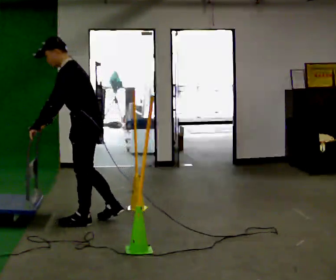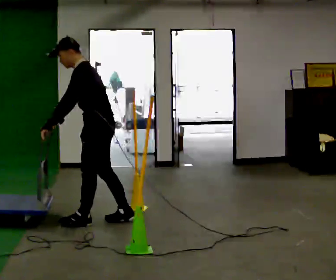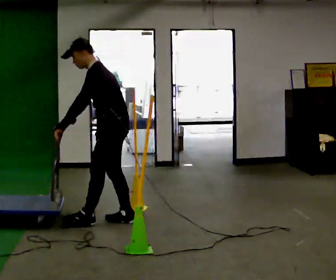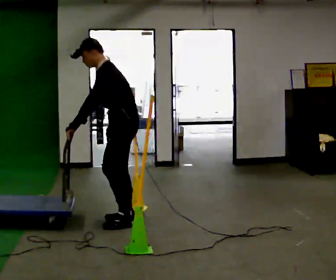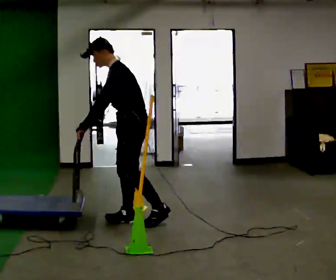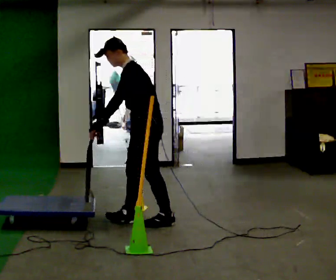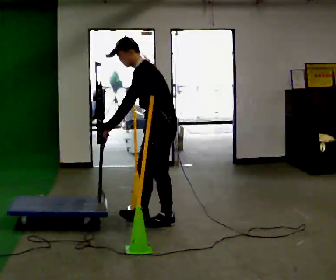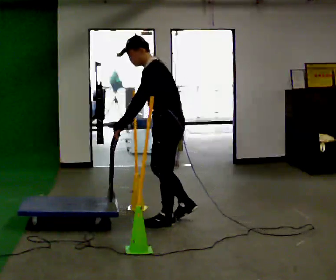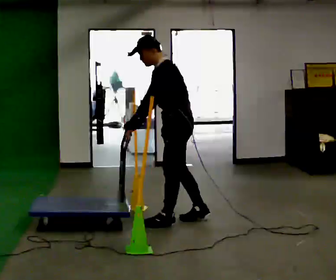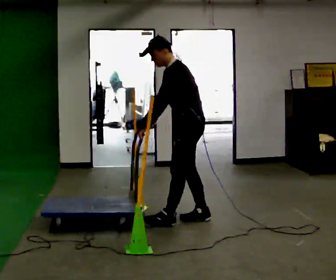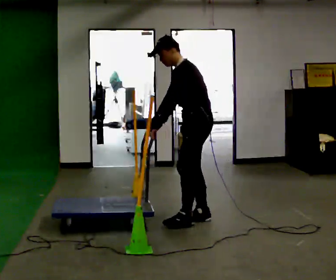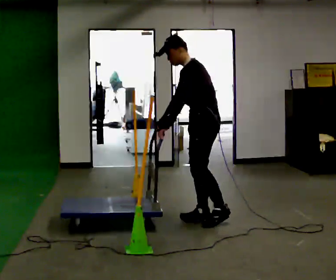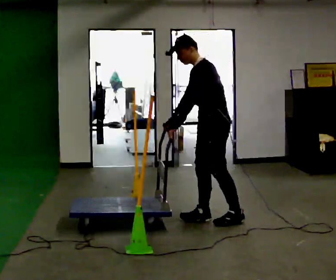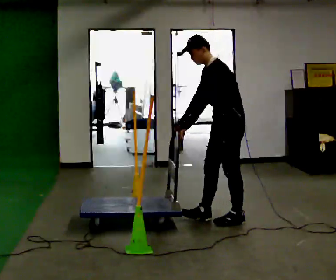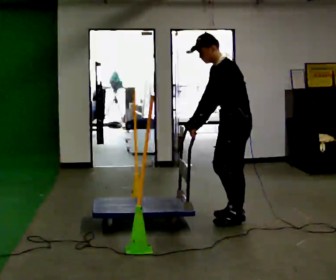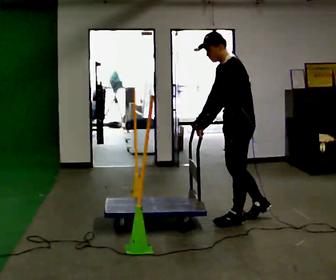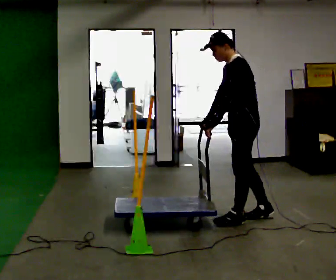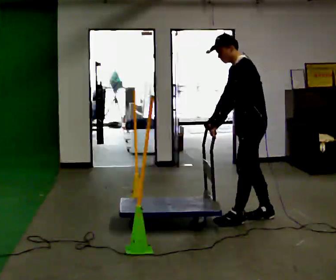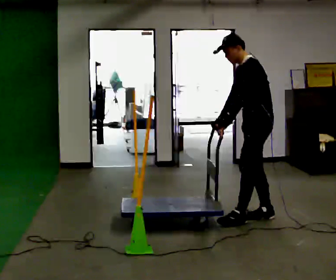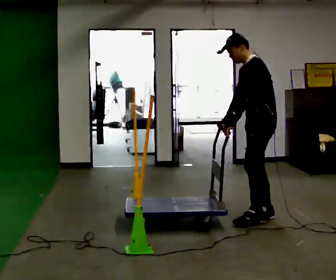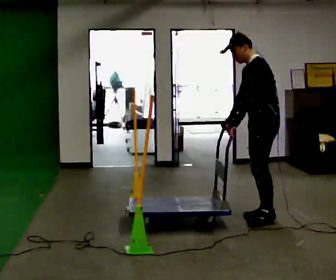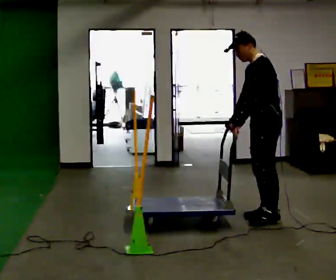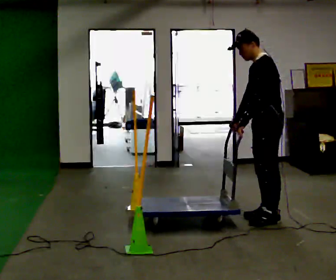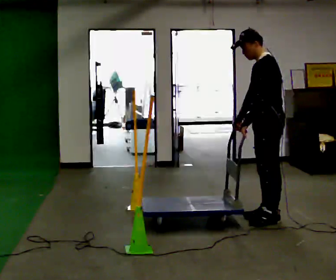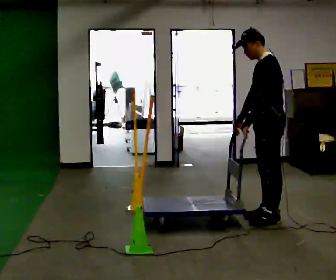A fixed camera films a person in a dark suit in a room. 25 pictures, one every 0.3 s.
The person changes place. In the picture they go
to the right.
0.0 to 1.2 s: In the picture they go to the right, about 0.5 m in 1 step, which for them is backward.
1.2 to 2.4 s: In the picture they go to the right, about 0.5 m in 1 step, which for them is backward.
2.4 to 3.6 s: In the picture they go to the right, about 0.25 m in 1 step, which for them is backward.
3.6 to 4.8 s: In the picture they go to the right, about 0.25 m in 1 step, which for them is backward.
4.8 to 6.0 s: In the picture they go to the right, about 0.25 m in 1 step, which for them is backward.
6.0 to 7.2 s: The person moves a little, or ends about where they began.
The film runs backward here.
